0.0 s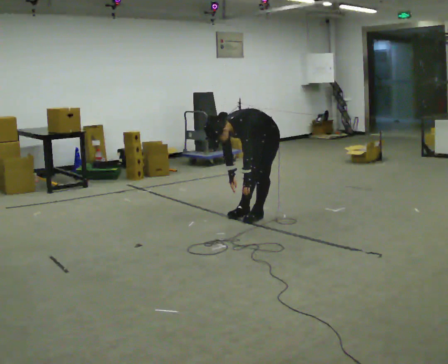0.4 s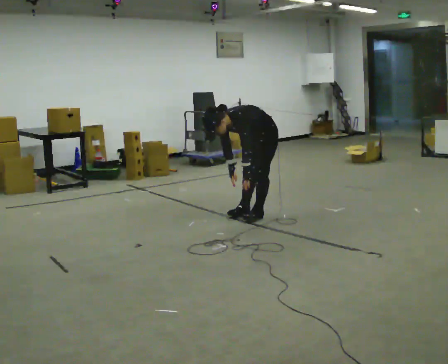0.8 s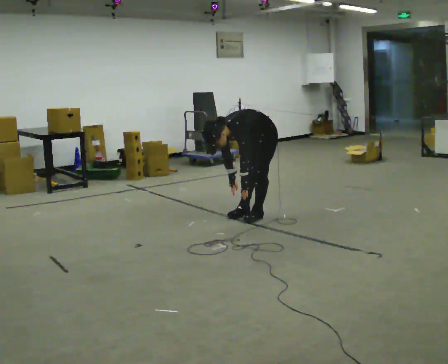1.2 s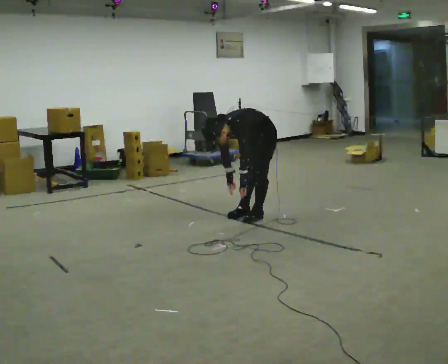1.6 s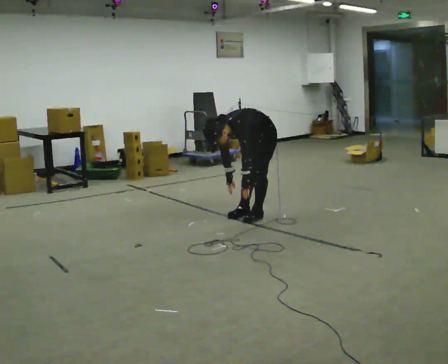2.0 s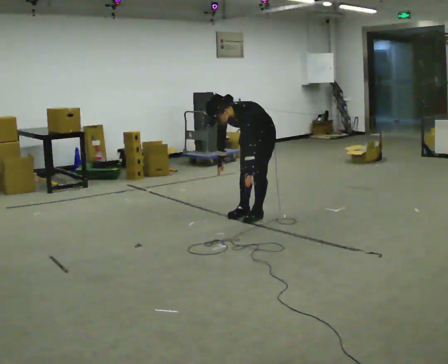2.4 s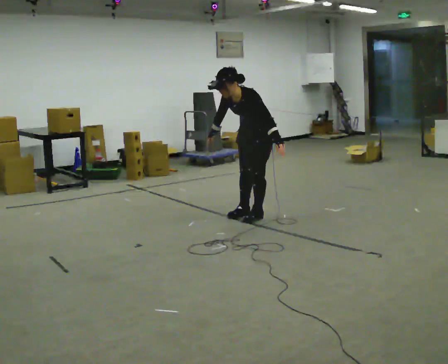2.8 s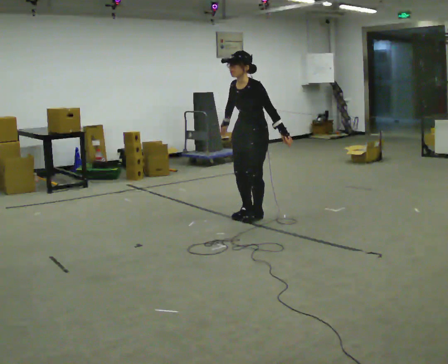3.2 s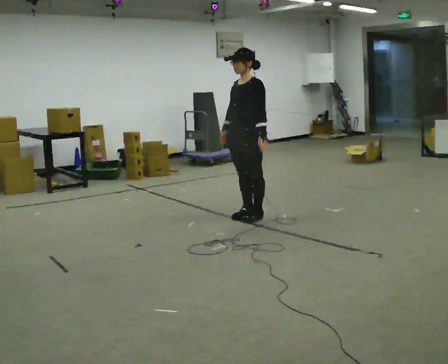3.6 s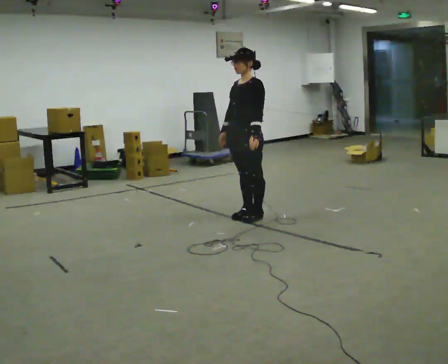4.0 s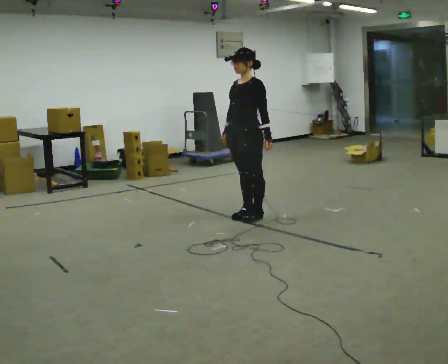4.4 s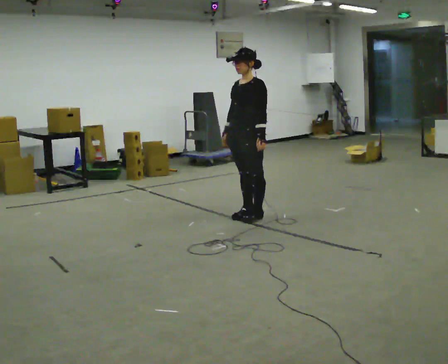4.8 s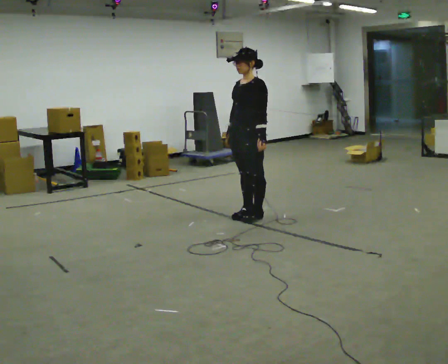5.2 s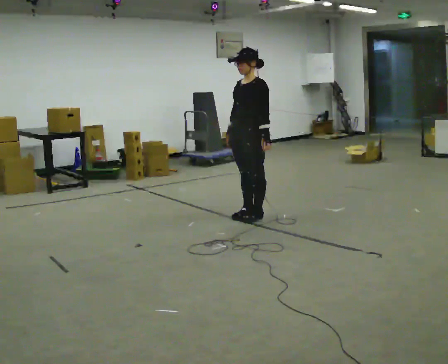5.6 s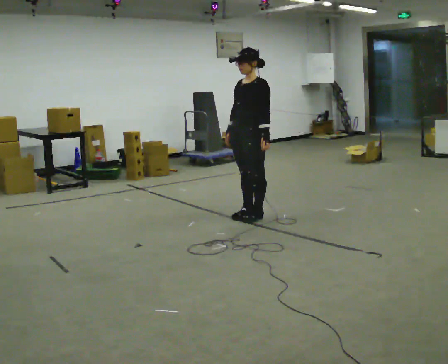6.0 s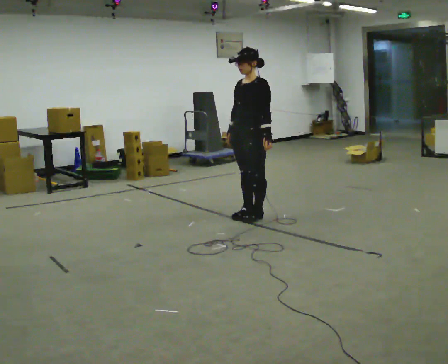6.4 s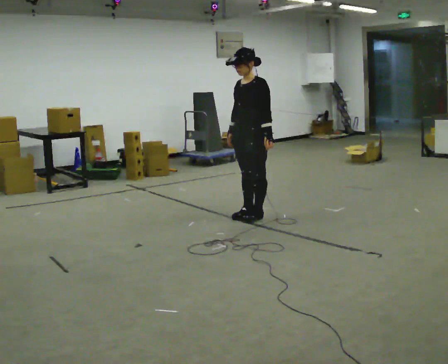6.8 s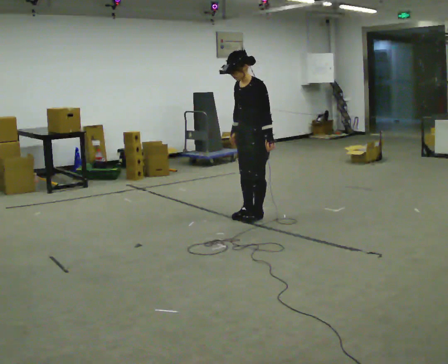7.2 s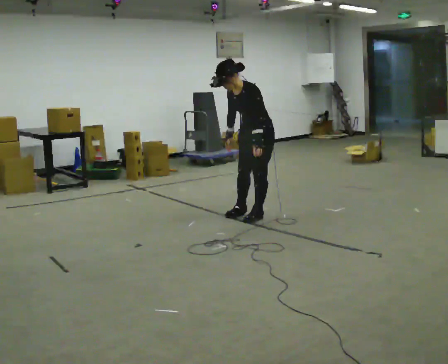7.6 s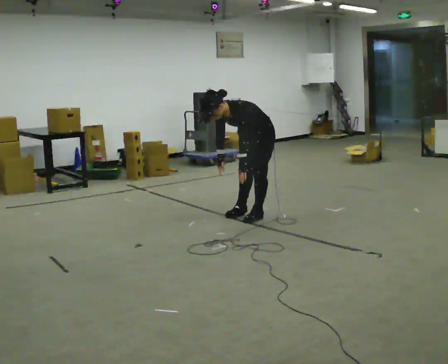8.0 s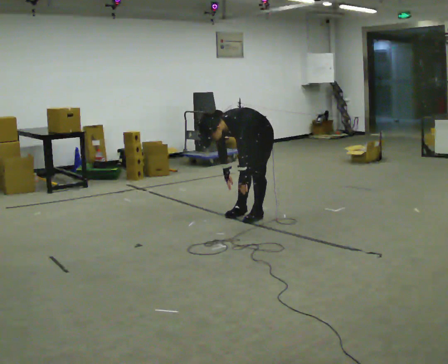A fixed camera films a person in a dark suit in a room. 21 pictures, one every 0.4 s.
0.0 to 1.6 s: The person moves a little, or ends about where they began.
1.6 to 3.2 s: In the picture they go toward the camera, about 0.25 m, which for them is forward. The upper body goes upward. In the picture the upper body tilts clockwise, shoulders to the right, as they lean back or straighten. In the picture their right hand goes upward.
3.2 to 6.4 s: The person moves a little, or ends about where they began.
6.4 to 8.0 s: The upper body goes downward. In the picture the upper body tilts counterclockwise, shoulders to the left, as they bend forward. In the picture their right hand goes downward.
The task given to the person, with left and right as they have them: Keeping your feet still, reach down toward the floor in front and to each side, then return to standing. Repeat the movement at your own pace until the operator says stop; do not rush.
The film runs forward here.
